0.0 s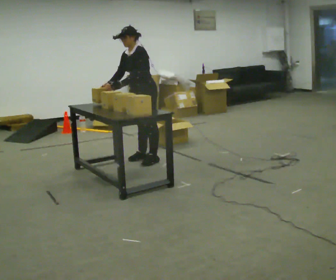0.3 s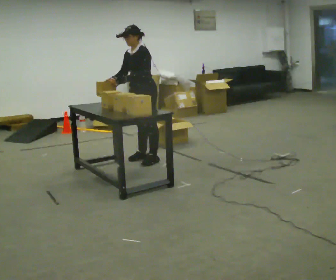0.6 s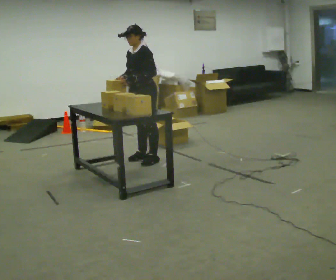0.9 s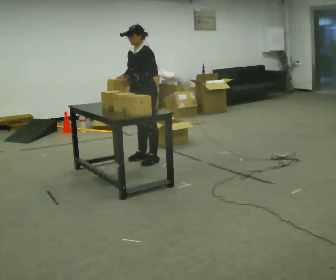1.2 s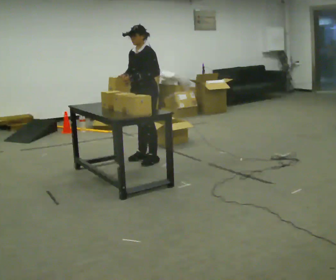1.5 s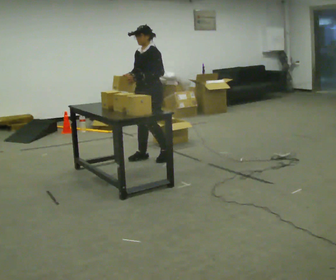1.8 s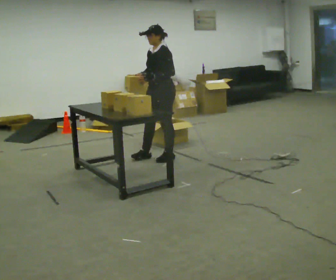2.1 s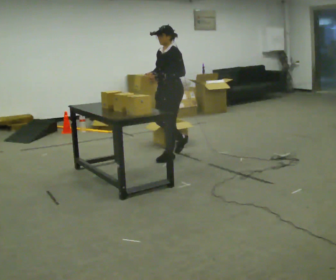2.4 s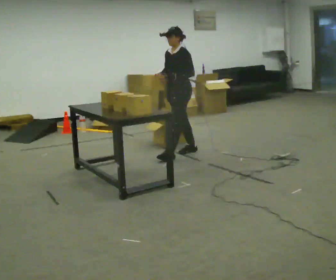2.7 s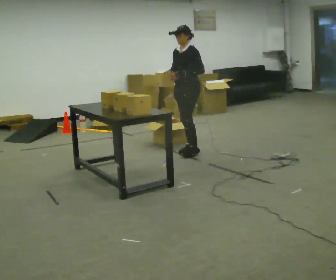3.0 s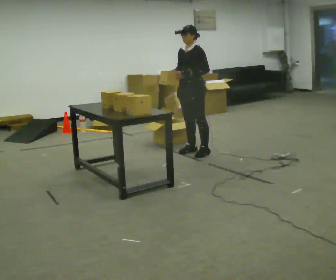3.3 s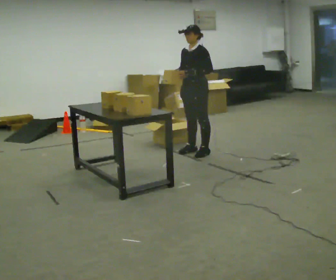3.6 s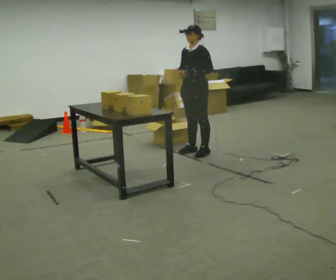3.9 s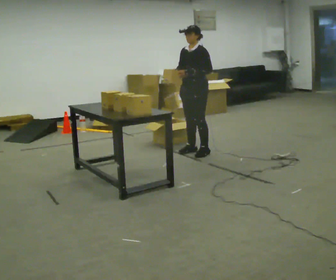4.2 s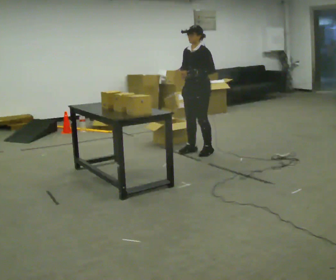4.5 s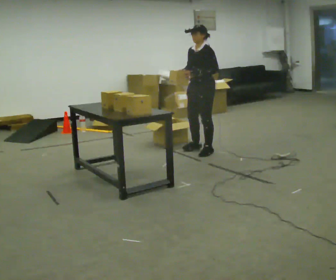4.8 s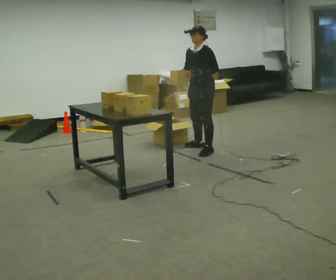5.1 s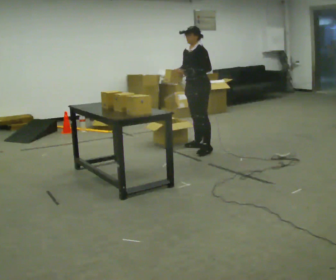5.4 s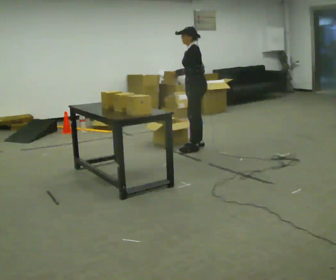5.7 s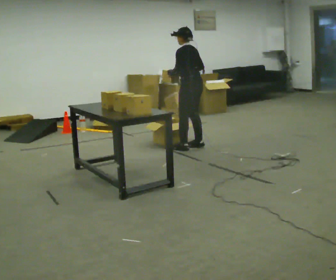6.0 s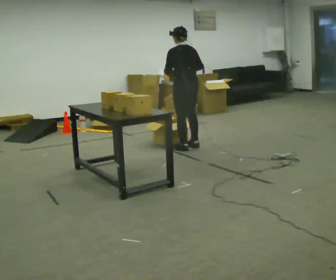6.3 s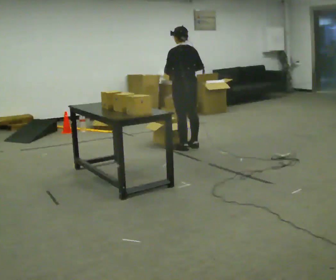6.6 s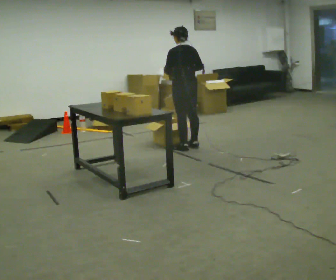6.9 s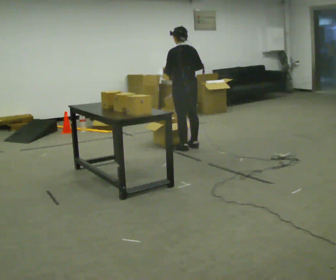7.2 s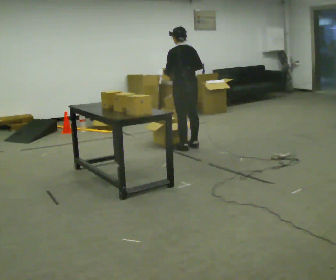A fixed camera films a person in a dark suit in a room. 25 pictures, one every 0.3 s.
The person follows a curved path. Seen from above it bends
counterclockwise.
0.0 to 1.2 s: The person moves a little, or ends about where they began.
1.2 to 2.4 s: In the picture they go to the right and away from the camera, about 0.5 m in 2 steps, which for them is backward.
2.4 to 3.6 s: In the picture they go to the right, about 0.25 m in 1 step, which for them is backward.
3.6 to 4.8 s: The person moves a little, or ends about where they began.
4.8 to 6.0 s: The part of the body nearest the lens slides to the left as the person turns to their right by about 90 degrees. In the picture they go to the left, about 0.25 m in 1 step. In the picture their left hand goes to the left.
6.0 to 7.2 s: The person moves a little, or ends about where they began.
The film runs backward here.
